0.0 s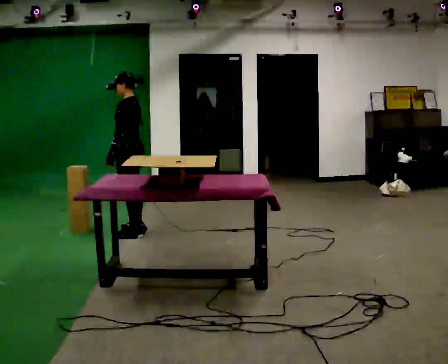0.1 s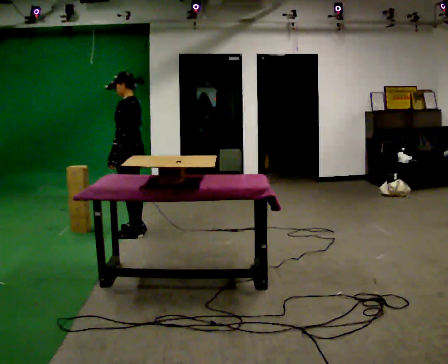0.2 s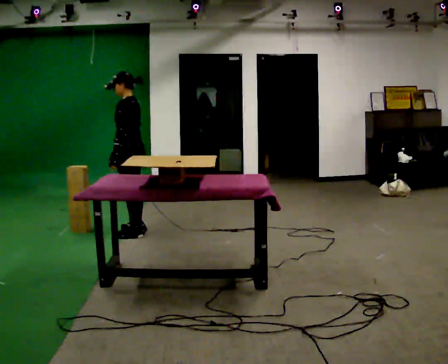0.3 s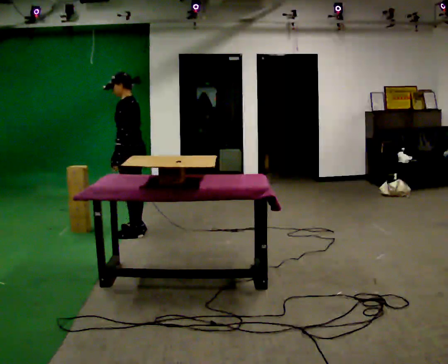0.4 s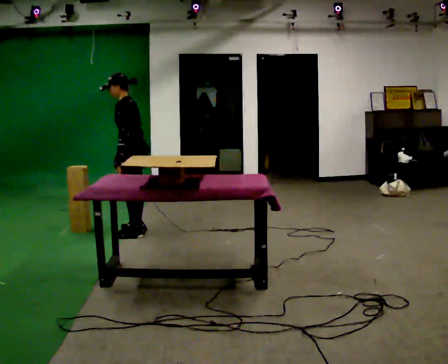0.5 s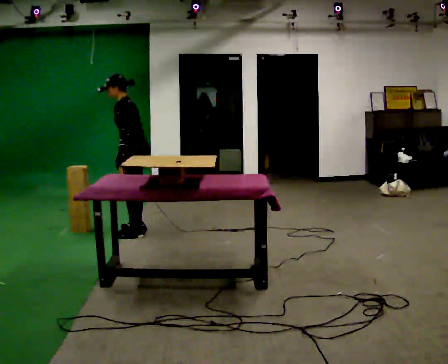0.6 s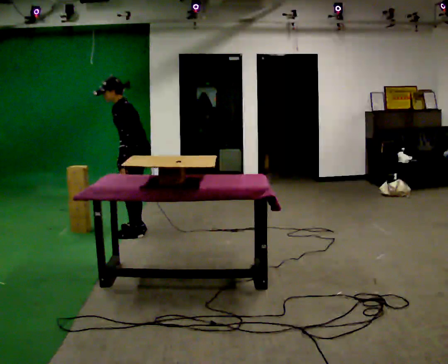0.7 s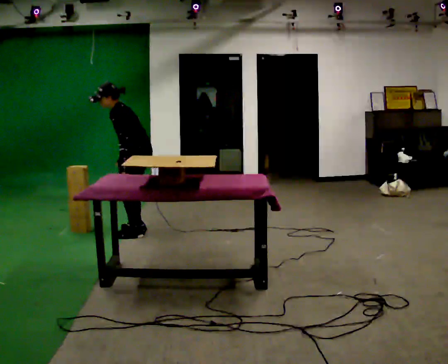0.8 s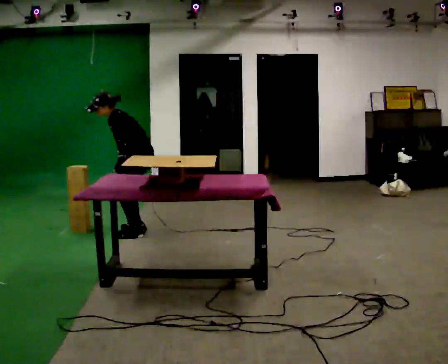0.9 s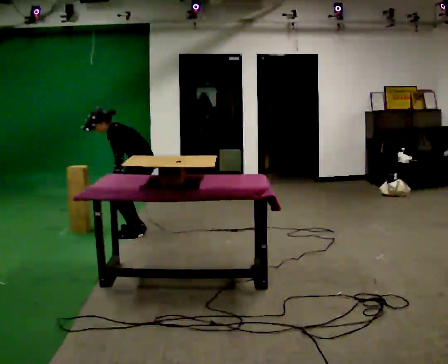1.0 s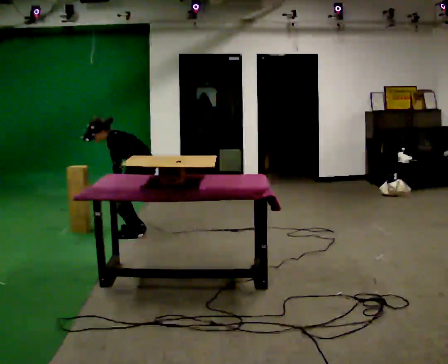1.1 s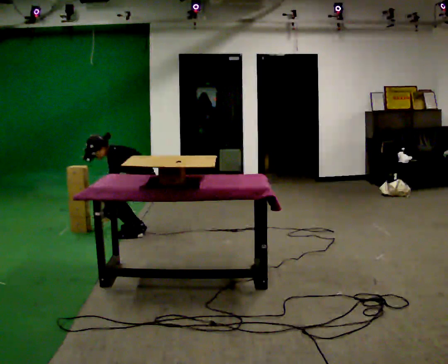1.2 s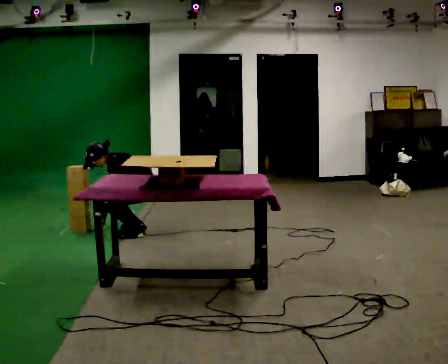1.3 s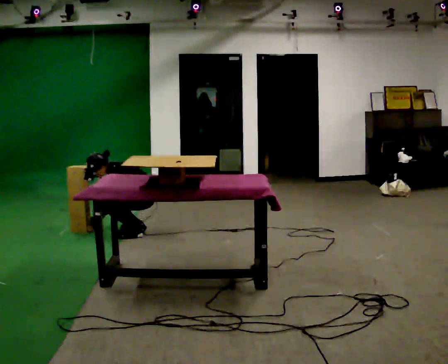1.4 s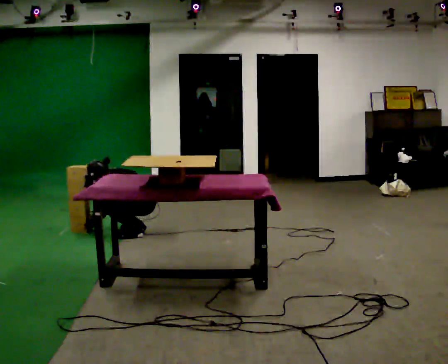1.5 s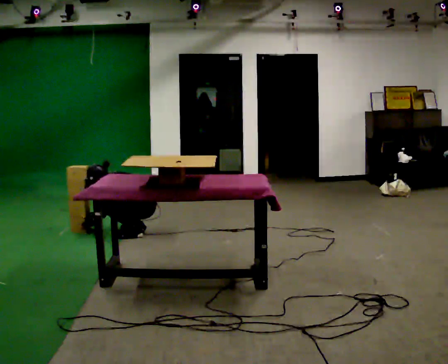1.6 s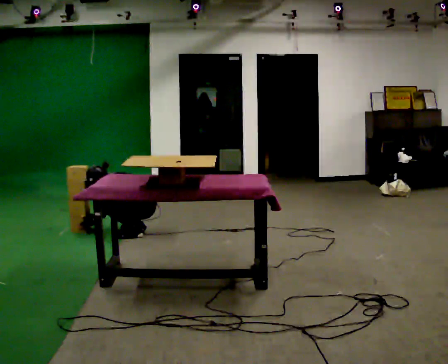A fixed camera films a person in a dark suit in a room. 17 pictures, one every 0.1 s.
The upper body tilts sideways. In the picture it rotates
counterclockwise.
Their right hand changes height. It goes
downward.
0.0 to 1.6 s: The shoulders move downward. In the picture the upper body tilts counterclockwise, shoulders to the left, as they bend forward. In the picture their right hand goes downward and to the left.
The film runs backward here.
